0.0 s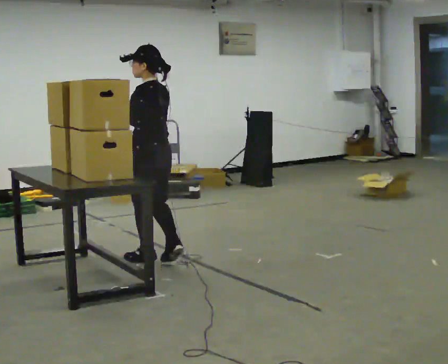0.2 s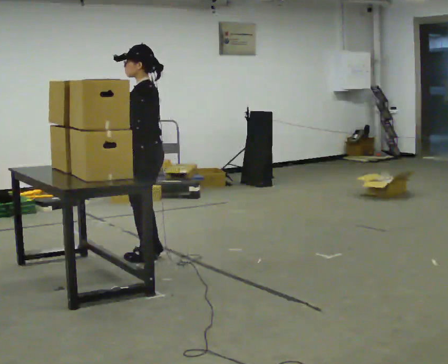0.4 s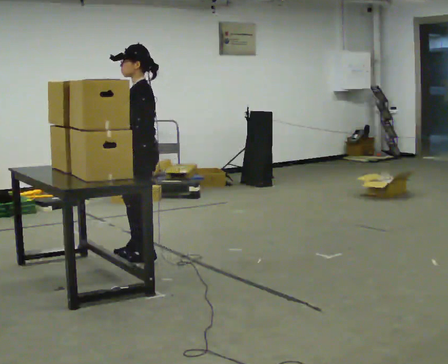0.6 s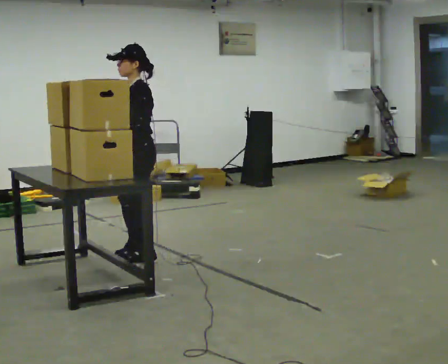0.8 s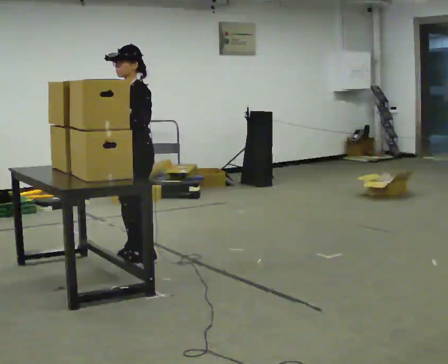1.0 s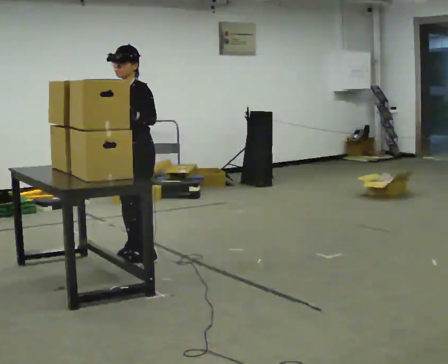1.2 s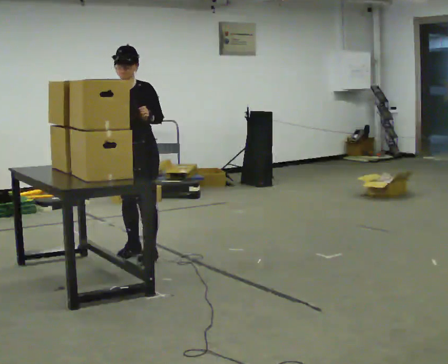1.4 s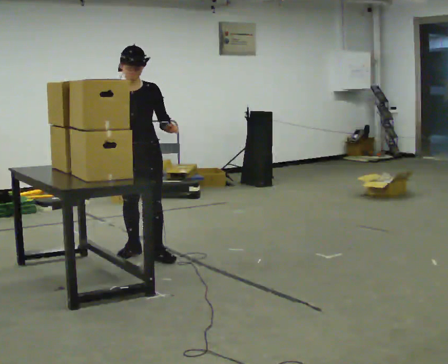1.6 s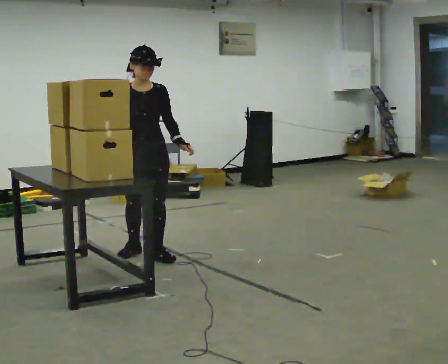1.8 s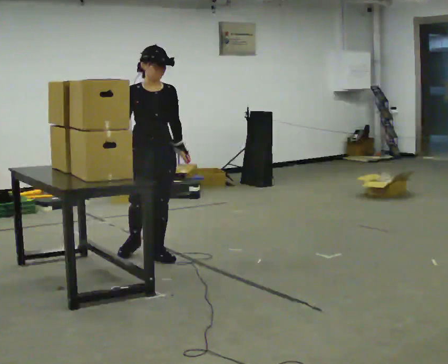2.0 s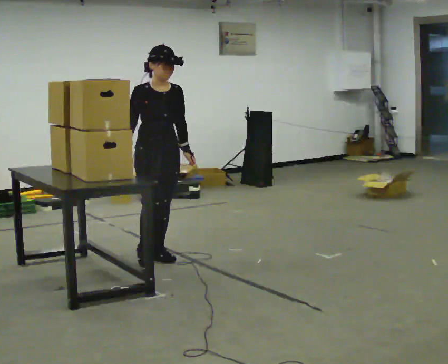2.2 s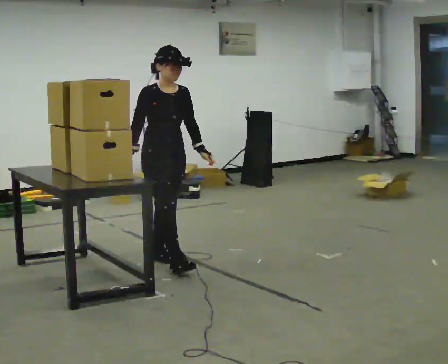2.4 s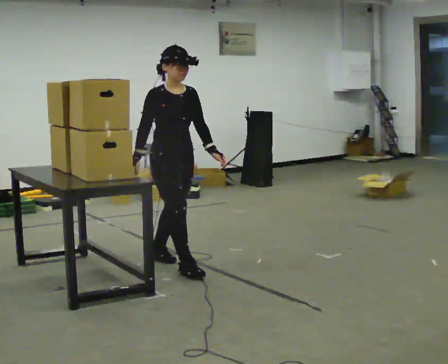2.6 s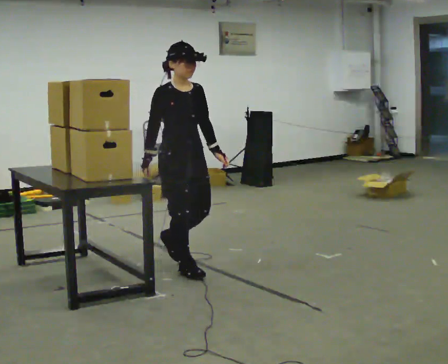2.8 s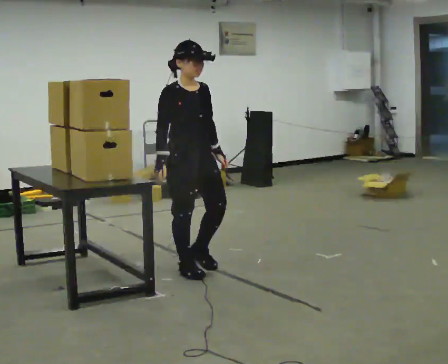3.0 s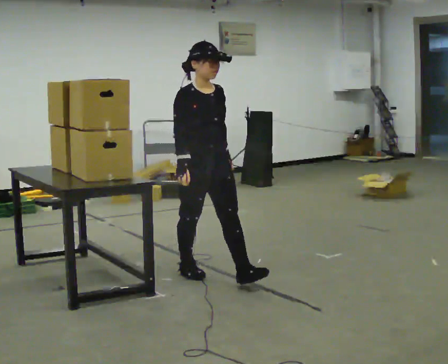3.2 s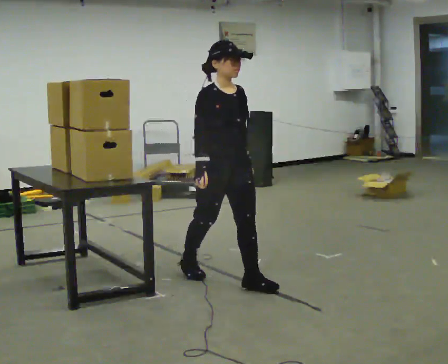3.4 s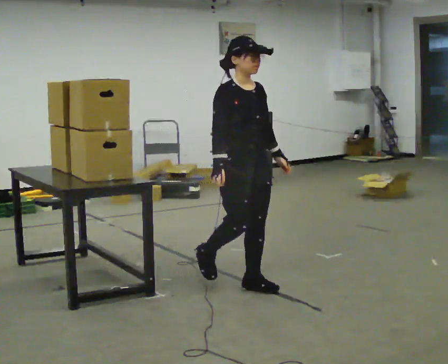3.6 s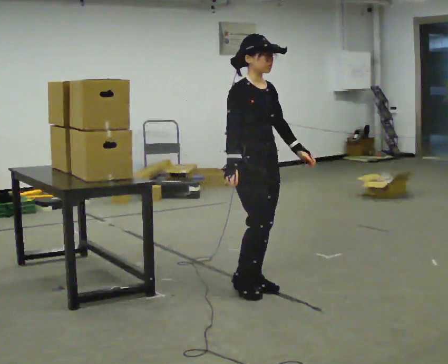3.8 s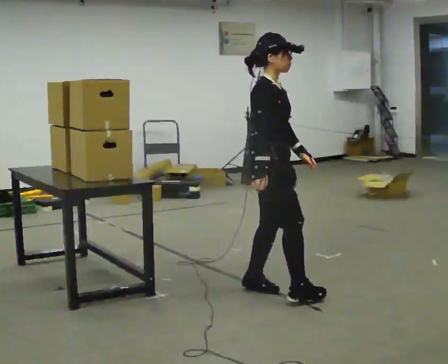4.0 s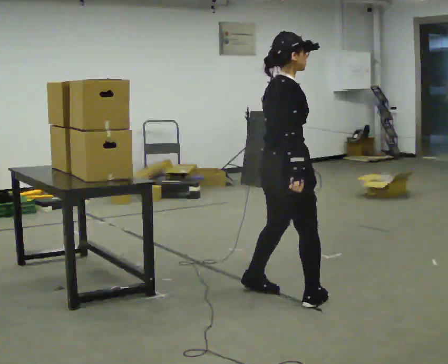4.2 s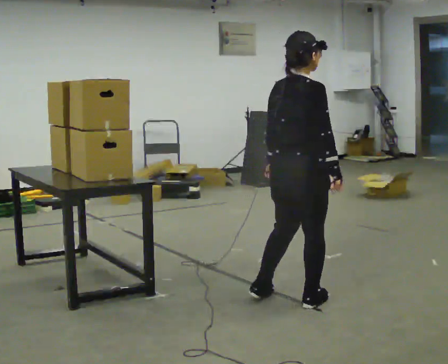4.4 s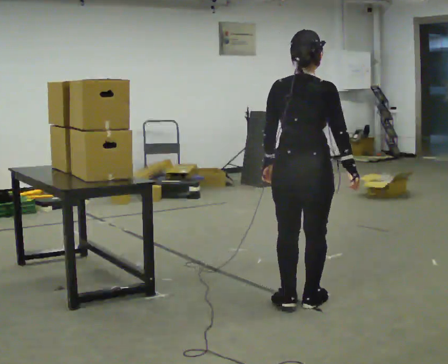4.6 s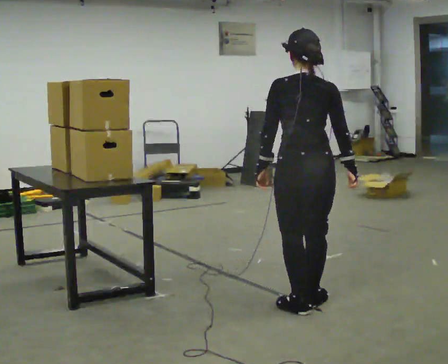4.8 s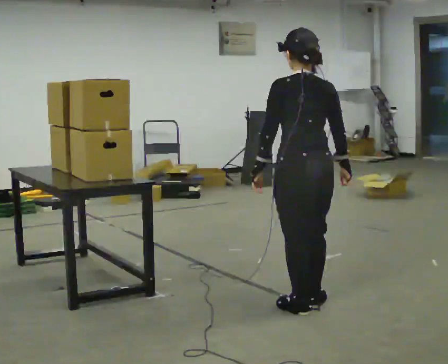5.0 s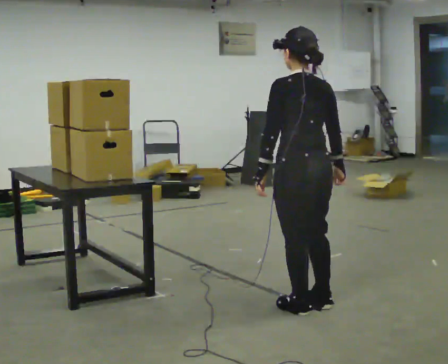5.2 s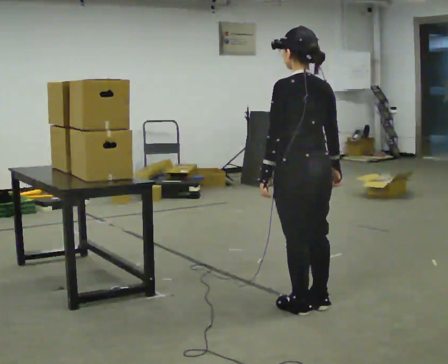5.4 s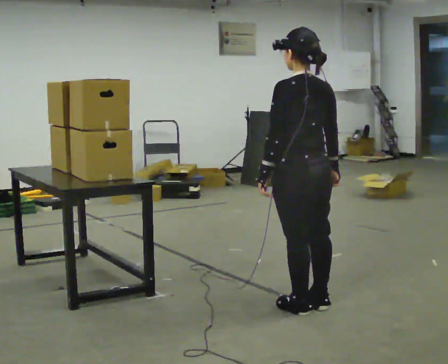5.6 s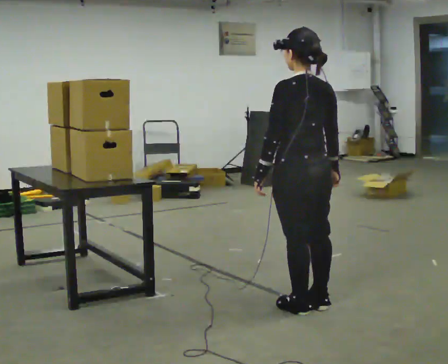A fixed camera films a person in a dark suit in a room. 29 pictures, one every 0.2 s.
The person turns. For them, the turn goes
to their left.
The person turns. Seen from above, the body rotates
counterclockwise.
0.0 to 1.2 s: The person turns about 105 degrees to their left, counterclockwise seen from above, so the part of the body nearest the lens slides to the right. In the picture they go away from the camera, about 0.25 m in 1 step.
1.2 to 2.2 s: The part of the body nearest the lens slides to the right as the person turns to their left by about 60 degrees. In the picture they go toward the camera and to the right, about 0.25 m, which for them is forward and to their left.
2.2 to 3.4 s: In the picture they go toward the camera and to the right, about 1 m in 2 steps, which for them is forward.
3.4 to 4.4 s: Seen from above the body turns counterclockwise, about 120 degrees: to their left, with its near side sliding to the right. In the picture they go toward the camera and to the right, about 0.5 m in 1 step.
4.4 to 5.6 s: The part of the body nearest the lens slides to the right as the person turns to their left by about 45 degrees.
The film runs forward here.
